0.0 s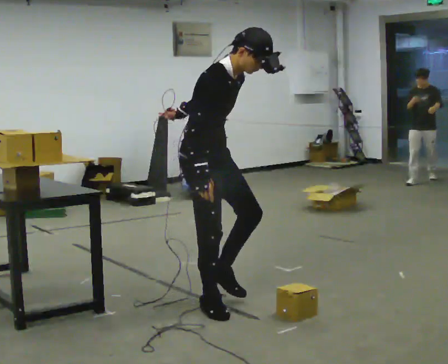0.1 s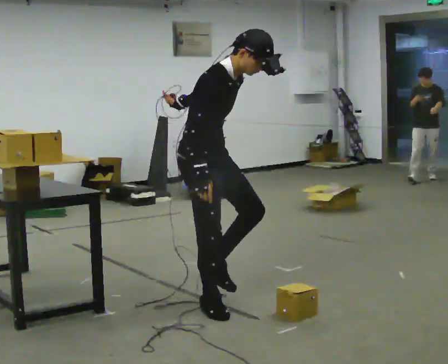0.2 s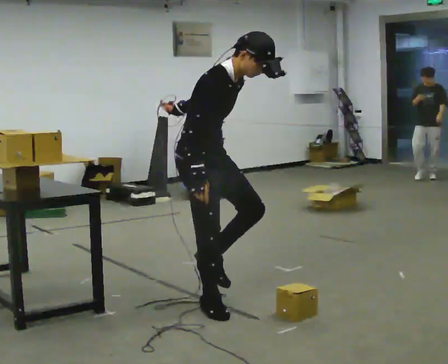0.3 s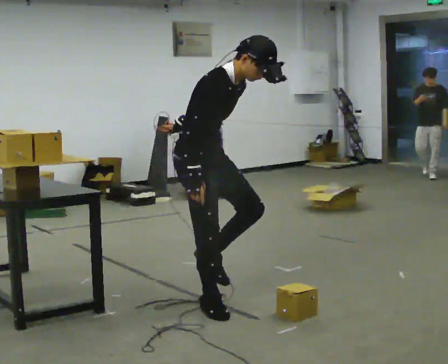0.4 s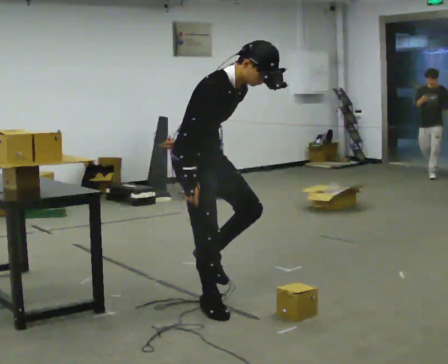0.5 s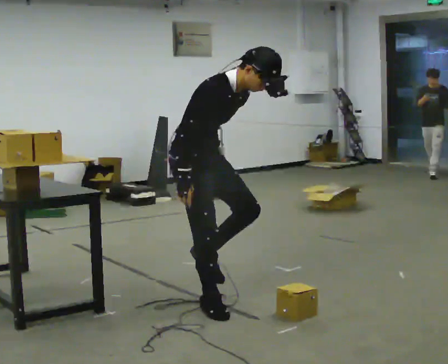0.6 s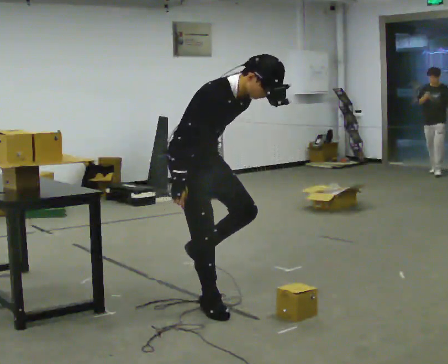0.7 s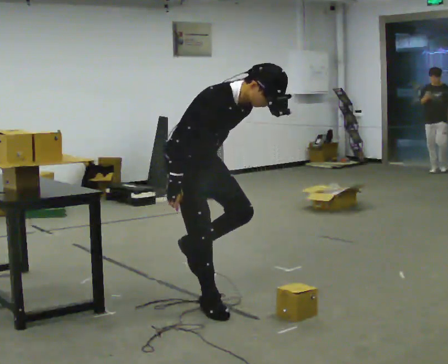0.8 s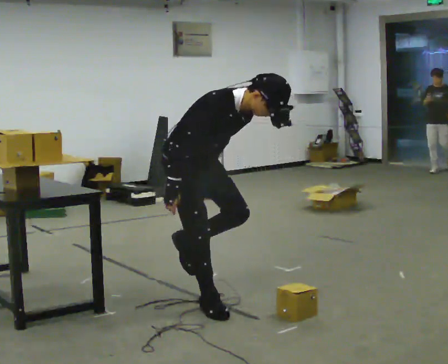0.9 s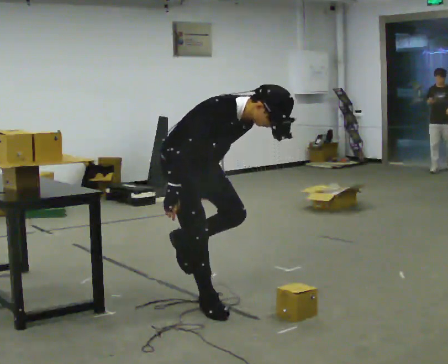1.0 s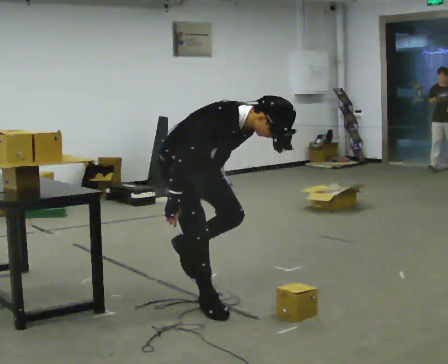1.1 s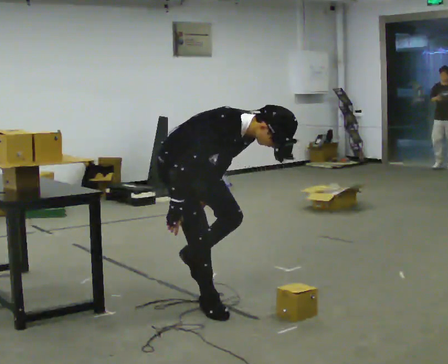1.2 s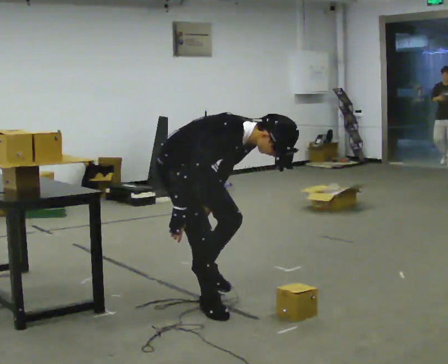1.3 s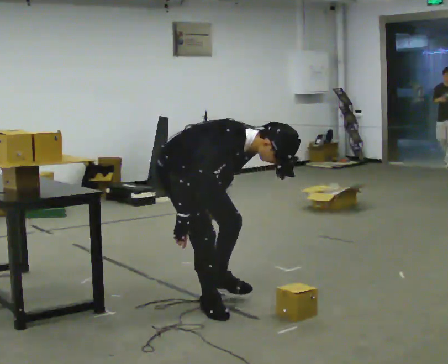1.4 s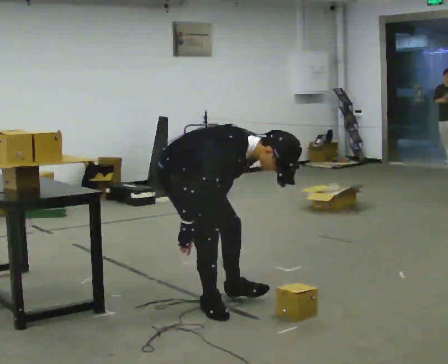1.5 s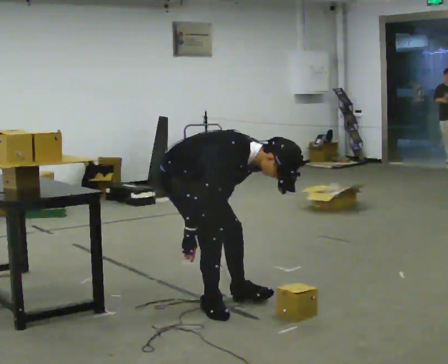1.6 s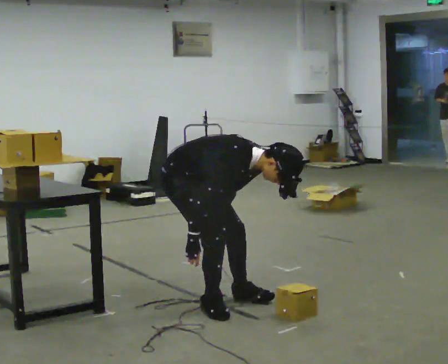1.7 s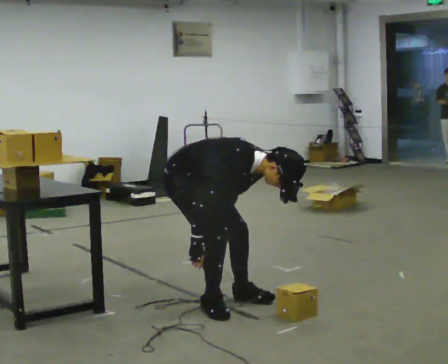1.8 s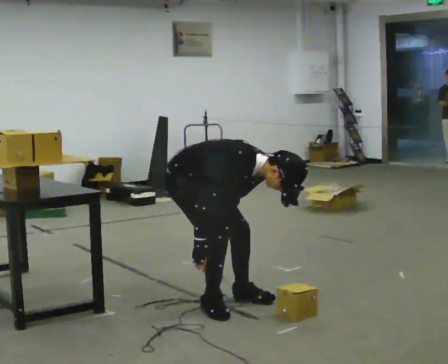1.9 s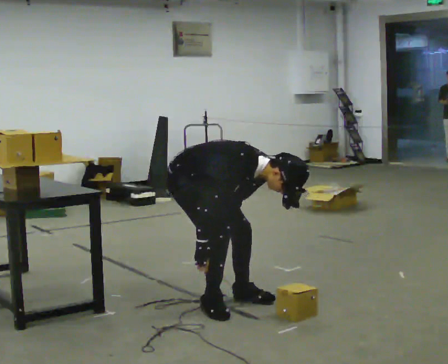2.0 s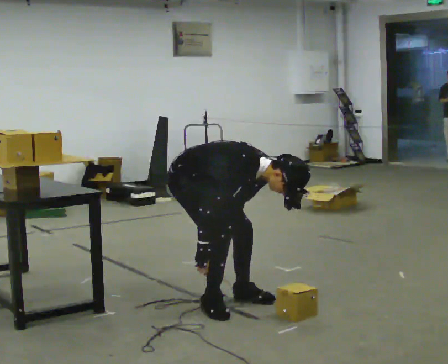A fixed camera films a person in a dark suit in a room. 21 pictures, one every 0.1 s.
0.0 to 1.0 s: The shoulders move downward. In the picture the upper body tilts clockwise, shoulders to the right, as they bend forward.
1.0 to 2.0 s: The shoulders move downward. In the picture the upper body tilts clockwise, shoulders to the right, as they bend forward. In the picture their left hand goes downward.
The film runs backward here.
